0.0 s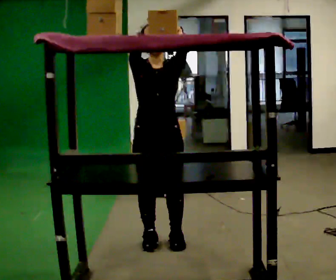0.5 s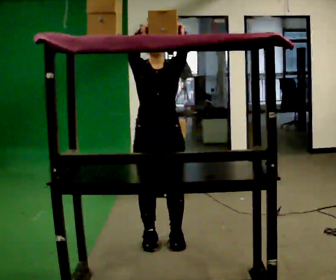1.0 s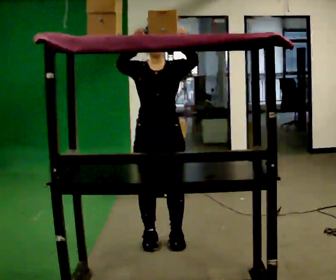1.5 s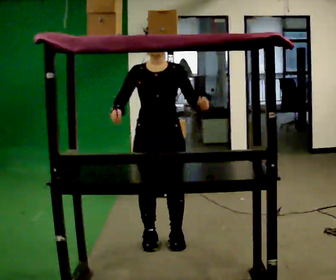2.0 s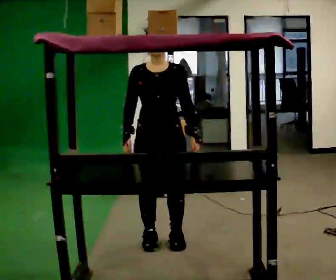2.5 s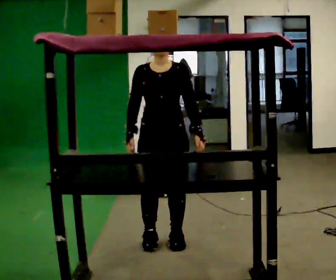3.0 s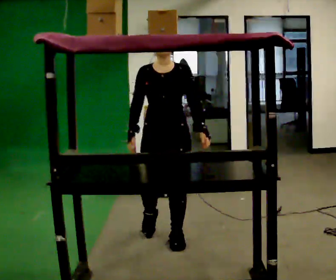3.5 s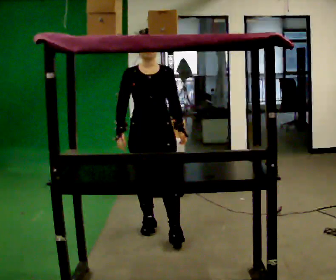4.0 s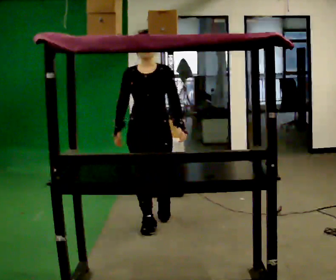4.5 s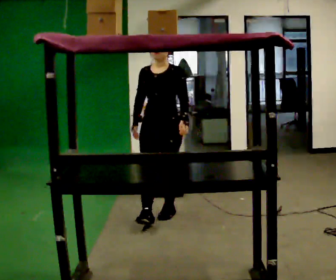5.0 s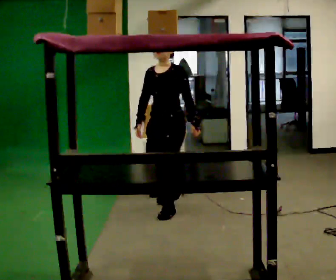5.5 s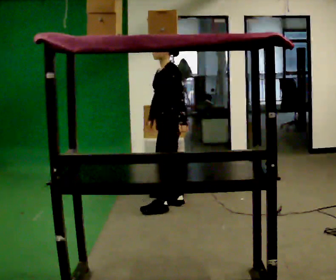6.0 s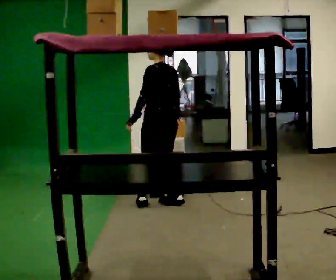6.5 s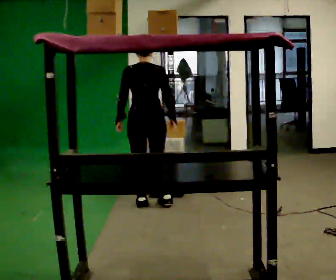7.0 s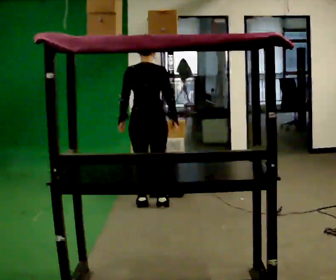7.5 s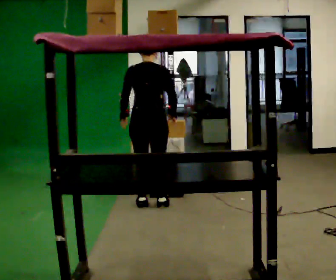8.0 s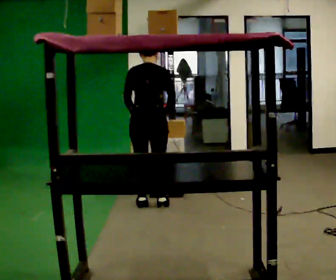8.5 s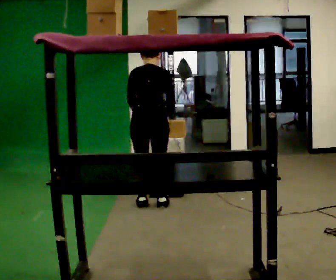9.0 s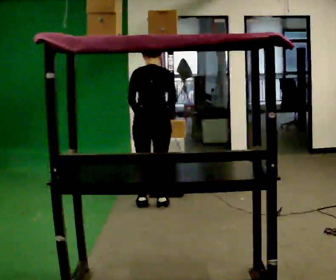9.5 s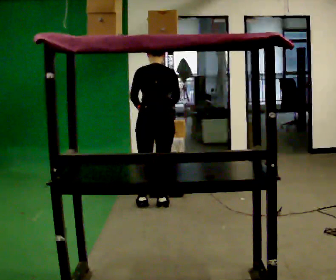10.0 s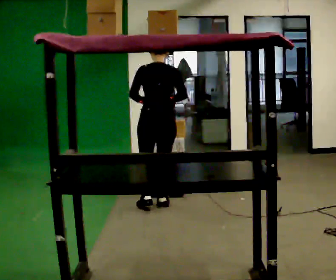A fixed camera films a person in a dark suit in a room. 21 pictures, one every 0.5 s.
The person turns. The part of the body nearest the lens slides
to the left.
The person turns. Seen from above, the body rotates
clockwise.
0.0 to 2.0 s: In the picture their right hand goes downward.
2.0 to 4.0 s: In the picture they go away from the camera, about 0.5 m in 2 steps, which for them is backward.
4.0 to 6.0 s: The part of the body nearest the lens slides to the left as the person turns to their right by about 135 degrees. In the picture they go away from the camera, about 0.75 m in 2 steps.
6.0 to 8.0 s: Seen from above the body turns clockwise, about 45 degrees: to their right, with its near side sliding to the left.
8.0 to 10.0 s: The person moves a little, or ends about where they began.
The film runs backward here.
